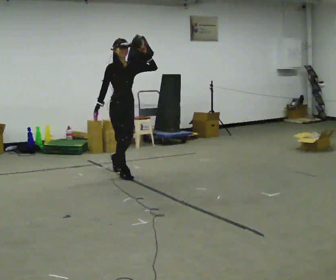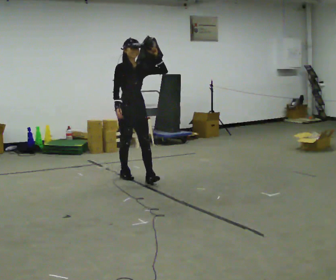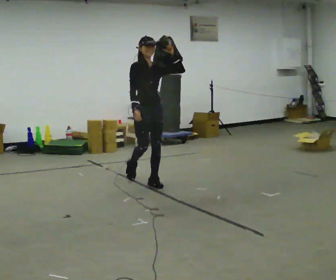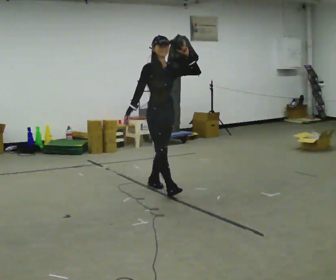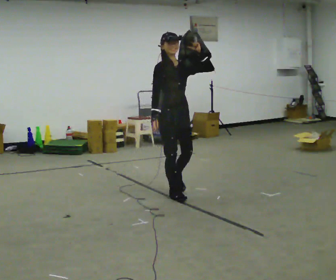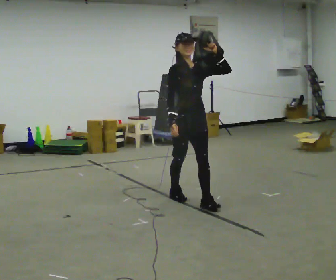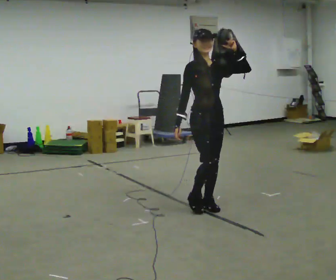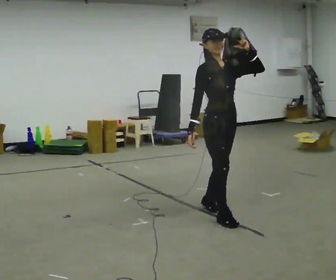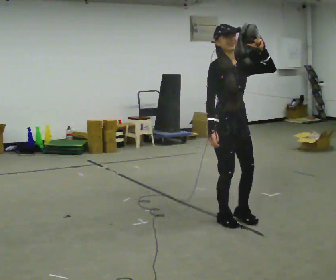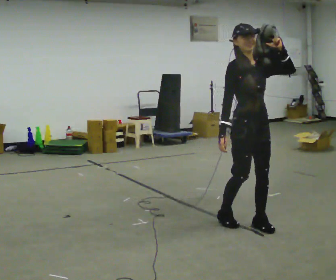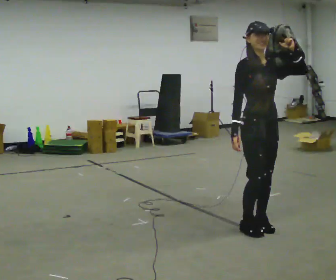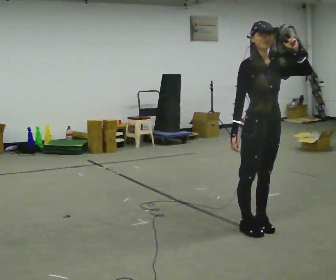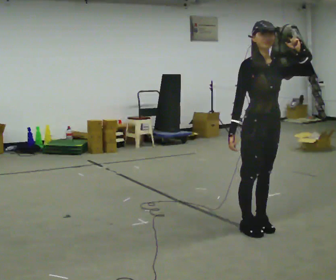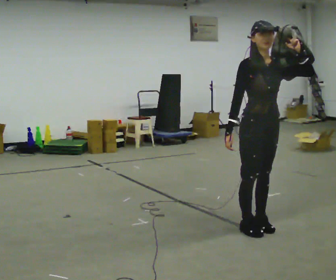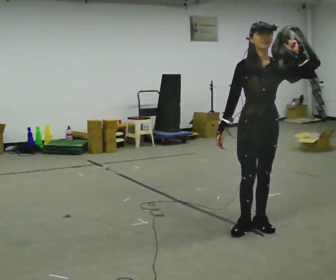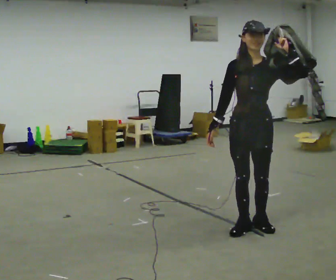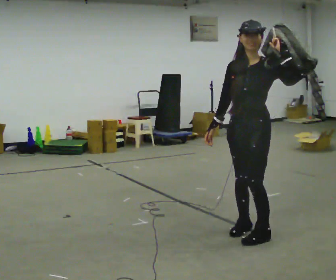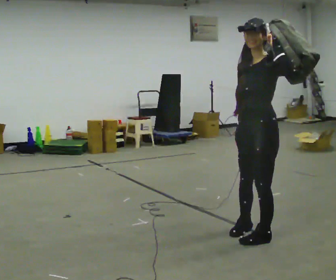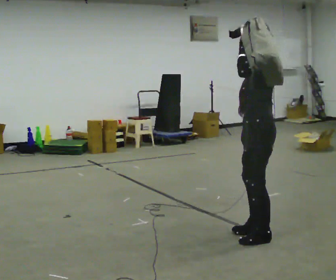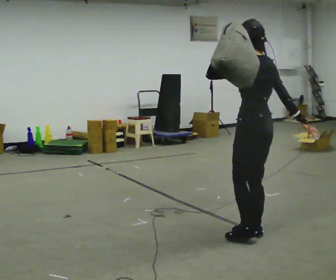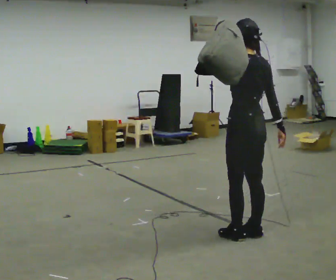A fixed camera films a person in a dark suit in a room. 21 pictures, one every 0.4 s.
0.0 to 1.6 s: In the picture they go toward the camera and to the right, about 1 m in 2 steps, which for them is forward.
1.6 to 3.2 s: In the picture they go toward the camera and to the right, about 1 m in 2 steps, which for them is forward.
3.2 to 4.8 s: In the picture they go to the right and toward the camera, about 0.25 m in 2 steps, which for them is forward and to their left.
4.8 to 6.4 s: The person turns about 60 degrees to their right, clockwise seen from above, so the part of the body nearest the lens slides to the left.
6.4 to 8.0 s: Seen from above the body turns clockwise, about 105 degrees: to their right, with its near side sliding to the left. In the picture their left hand goes to the left.
The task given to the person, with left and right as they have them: Put the soft bag up onto your shoulder and carry it across the room, back and forth.
The film runs forward here.
